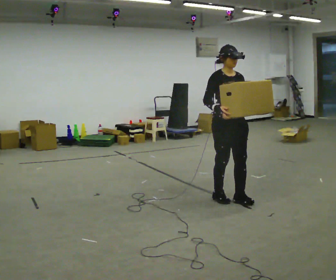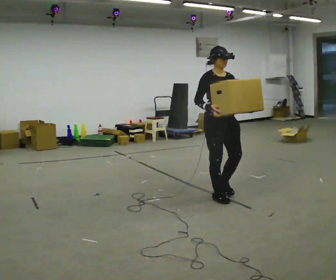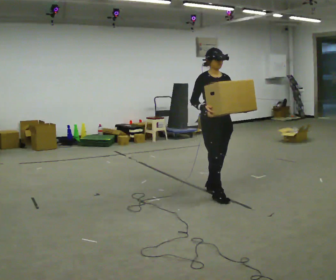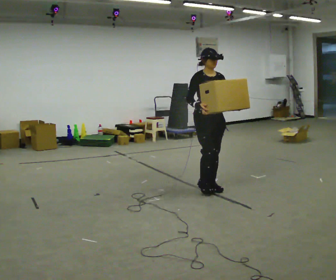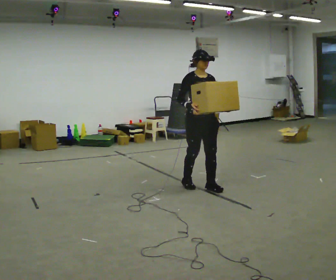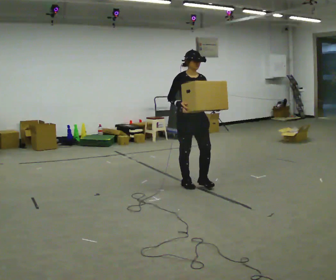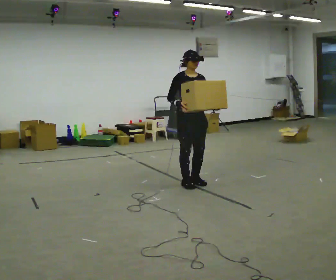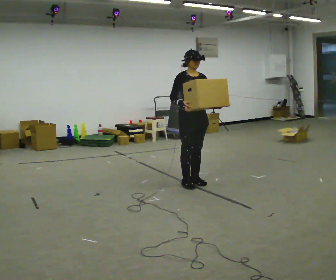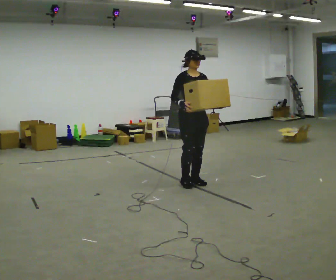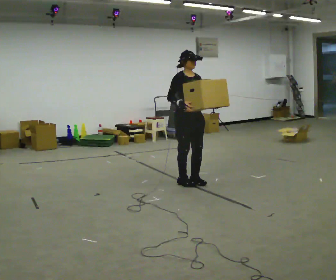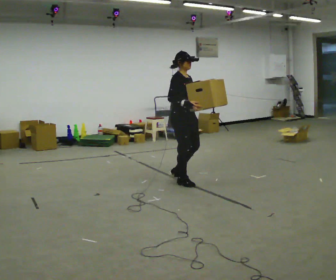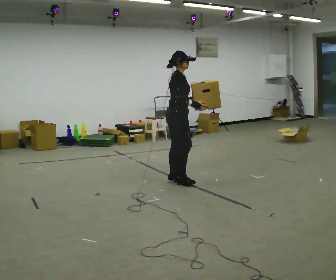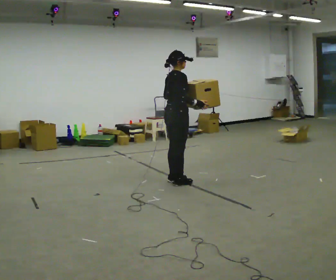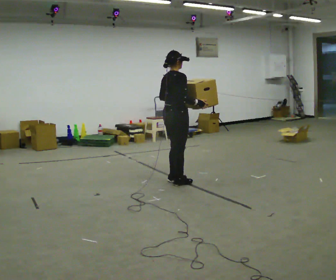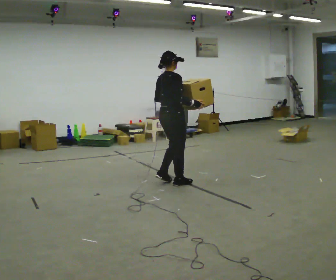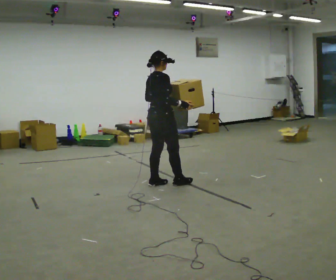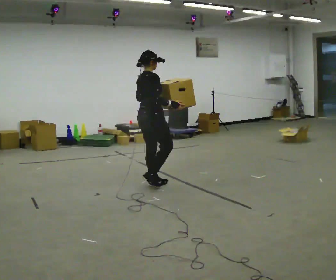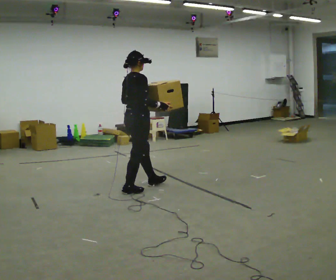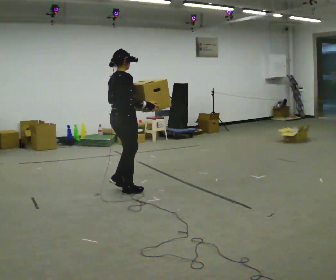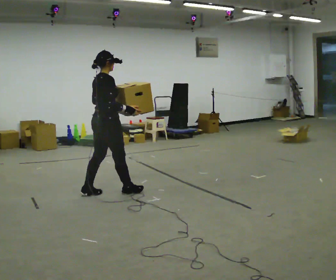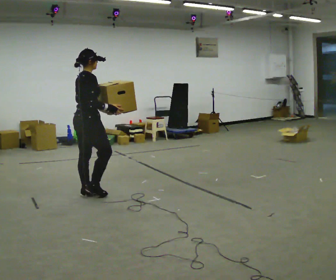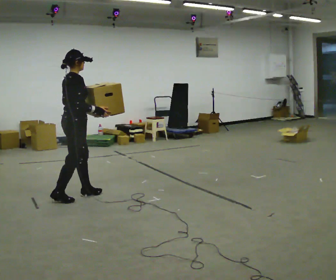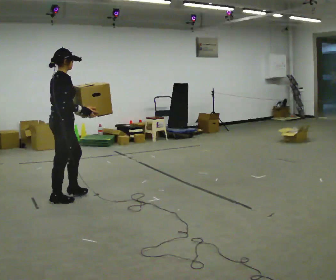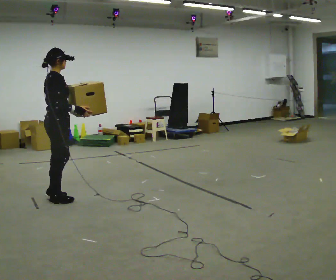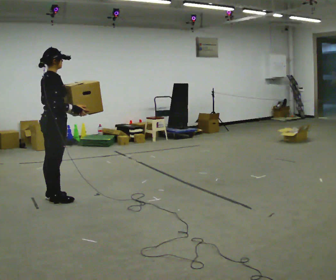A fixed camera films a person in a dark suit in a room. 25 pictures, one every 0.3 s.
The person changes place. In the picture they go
to the left.
The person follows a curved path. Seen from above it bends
counterclockwise.
0.0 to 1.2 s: In the picture they go away from the camera and to the left, about 0.5 m in 2 steps, which for them is backward.
1.2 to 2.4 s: In the picture they go away from the camera, about 0.25 m in 1 step, which for them is backward.
2.4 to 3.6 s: Seen from above the body turns counterclockwise, about 75 degrees: to their left, with its near side sliding to the right. In the picture they go to the left, about 0.25 m in 1 step. In the picture their left hand goes to the left.
3.6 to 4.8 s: In the picture they go to the left and toward the camera, about 0.25 m in 2 steps, which for them is backward.
4.8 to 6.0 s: In the picture they go to the left and toward the camera, about 1 m in 2 steps, which for them is backward.
6.0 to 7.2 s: In the picture they go to the left and toward the camera, about 0.5 m in 1 step, which for them is backward.
The film runs backward here.
